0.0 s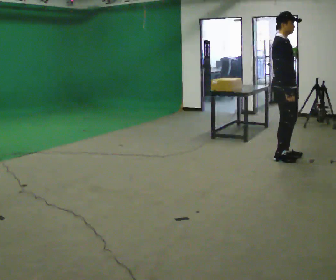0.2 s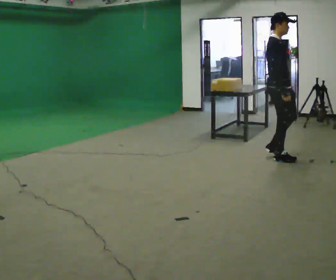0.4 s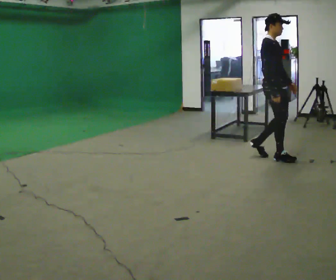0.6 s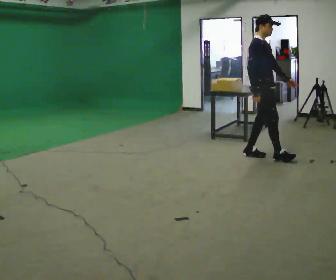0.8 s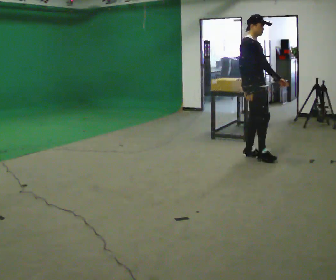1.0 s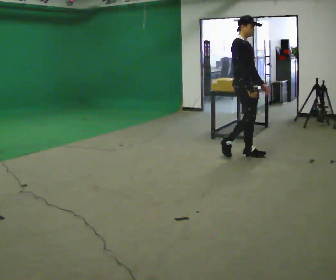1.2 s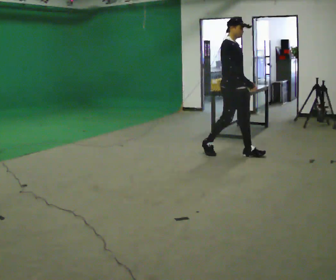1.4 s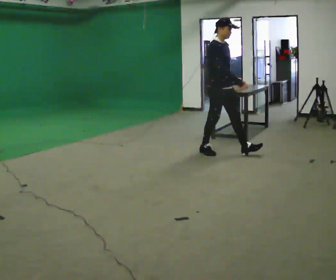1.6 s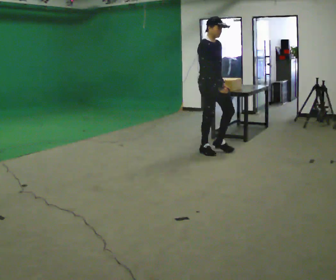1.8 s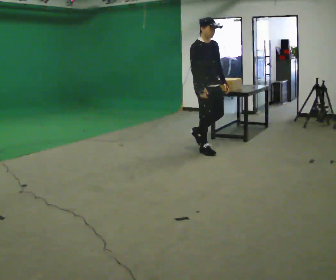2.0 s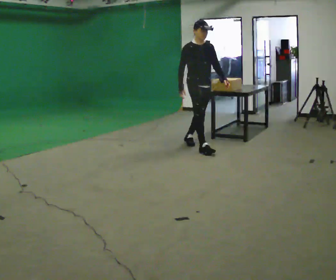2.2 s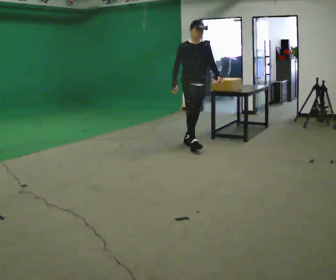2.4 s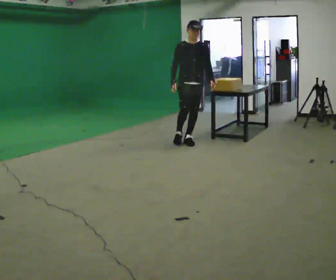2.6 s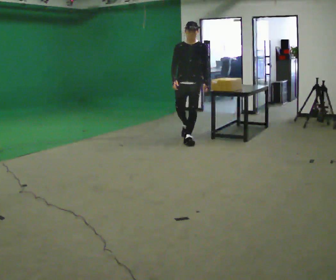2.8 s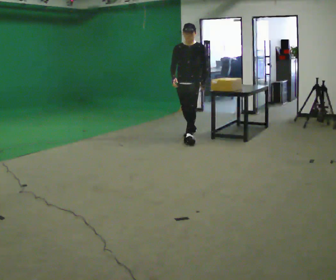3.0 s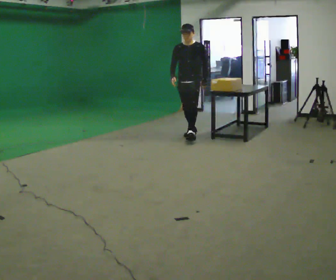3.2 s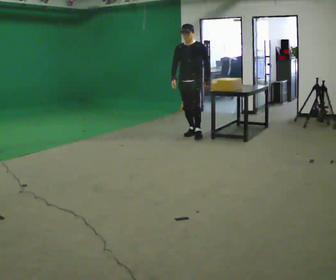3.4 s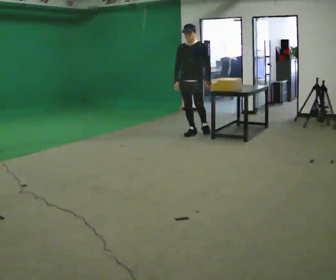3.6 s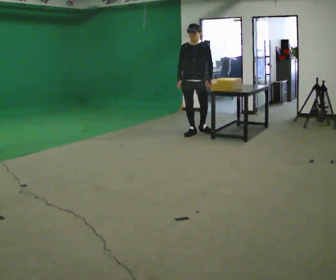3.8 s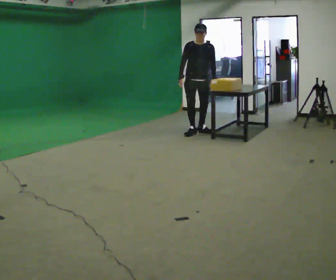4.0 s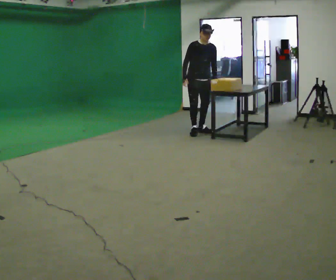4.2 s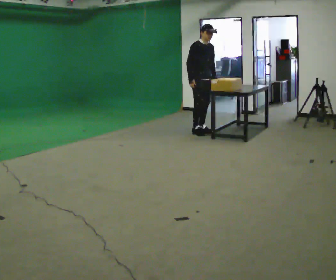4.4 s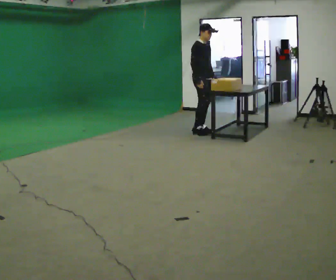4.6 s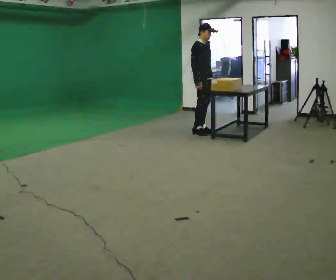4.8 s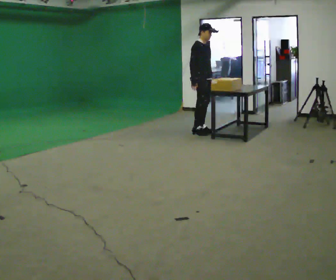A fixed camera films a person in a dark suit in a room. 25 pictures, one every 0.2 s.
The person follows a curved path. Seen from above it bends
clockwise.
The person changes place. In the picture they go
away from the camera.
0.0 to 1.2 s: In the picture they go to the left and away from the camera, about 0.75 m in 2 steps, which for them is backward.
1.2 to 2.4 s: The person turns about 45 degrees to their right, clockwise seen from above, so the part of the body nearest the lens slides to the left. In the picture they go away from the camera and to the left, about 1 m in 2 steps, which for them is backward.
2.4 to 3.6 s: In the picture they go away from the camera, about 0.75 m in 1 step, which for them is backward.
3.6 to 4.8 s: The part of the body nearest the lens slides to the right as the person turns to their left by about 75 degrees.
The film runs backward here.
